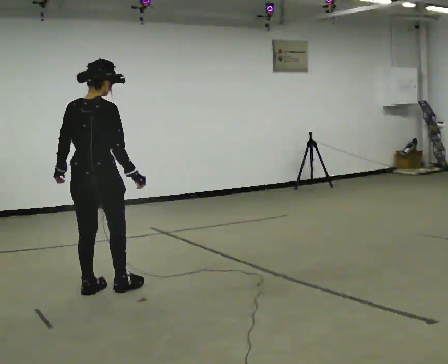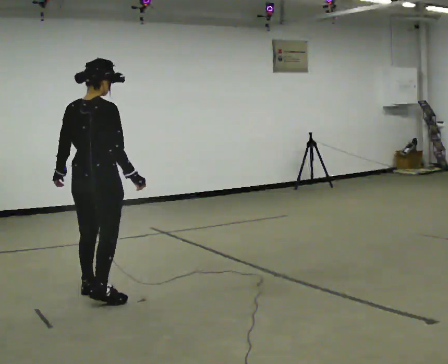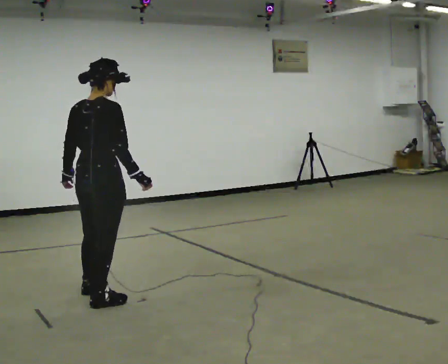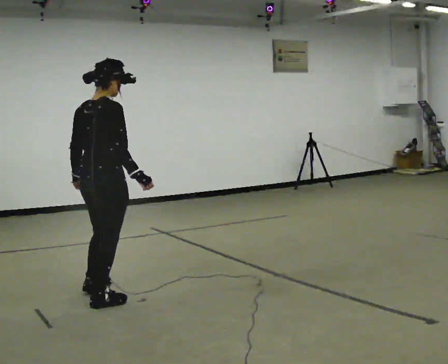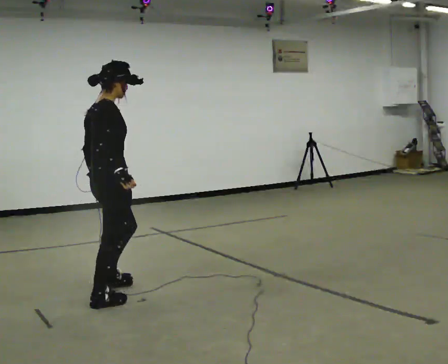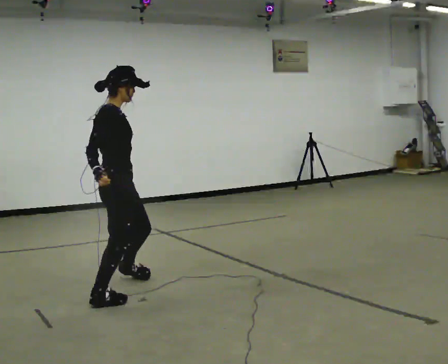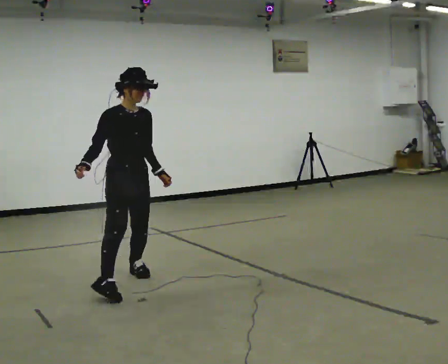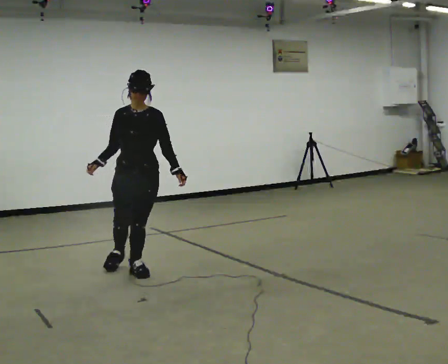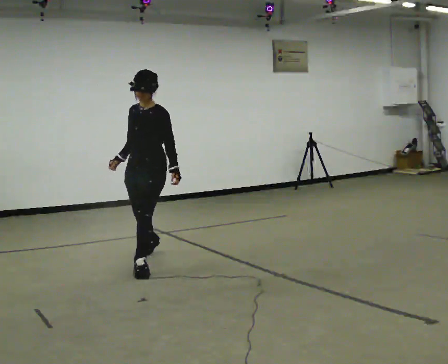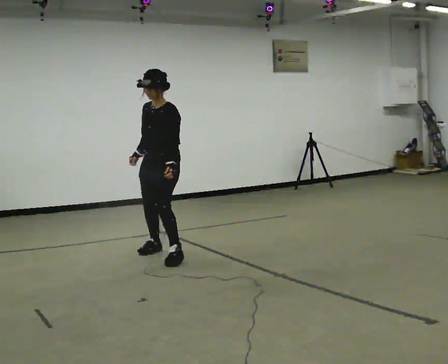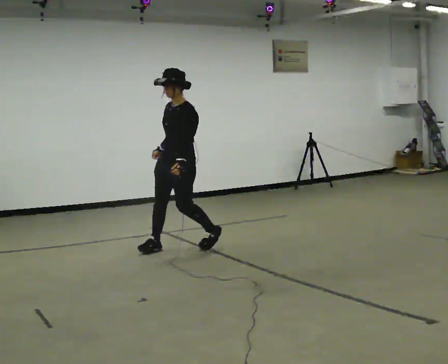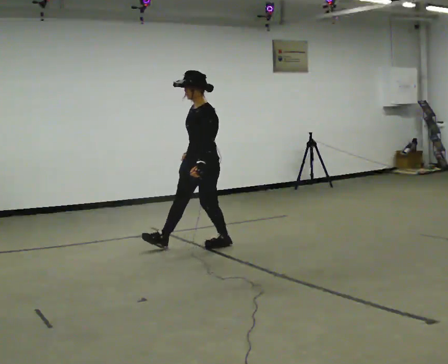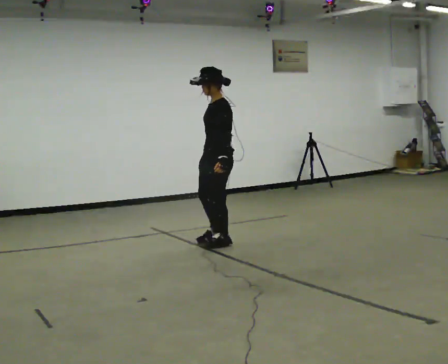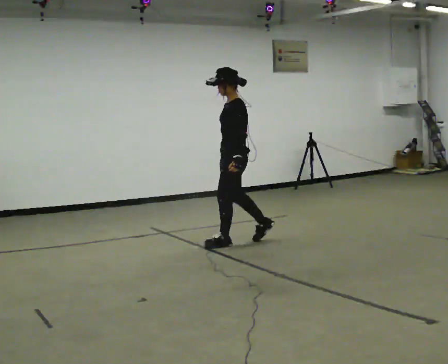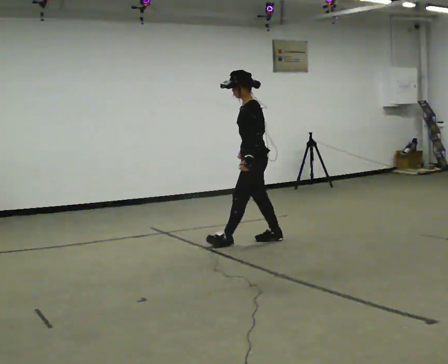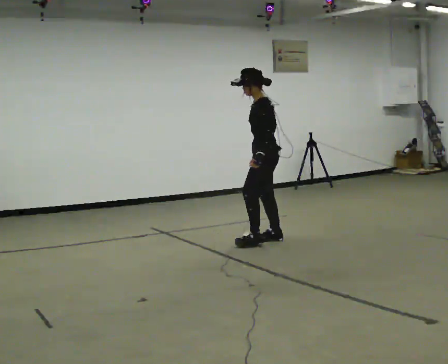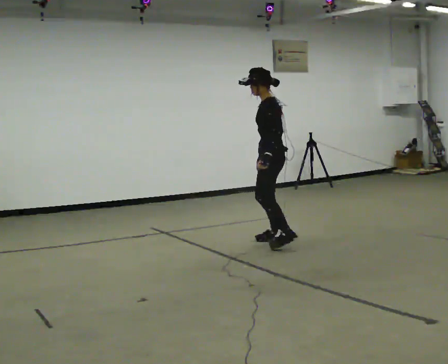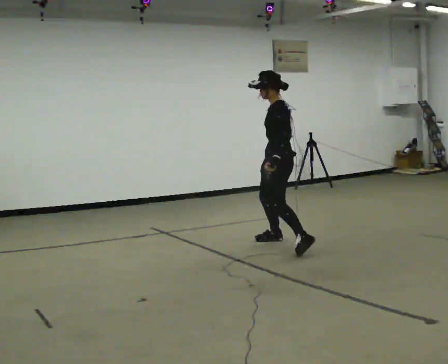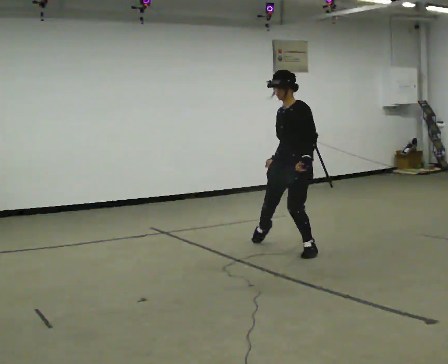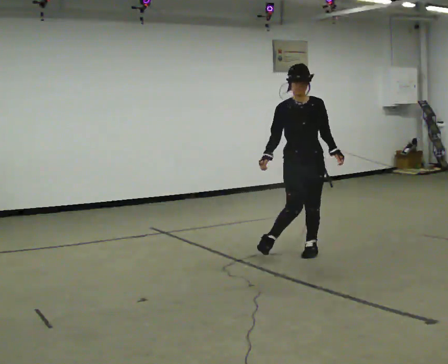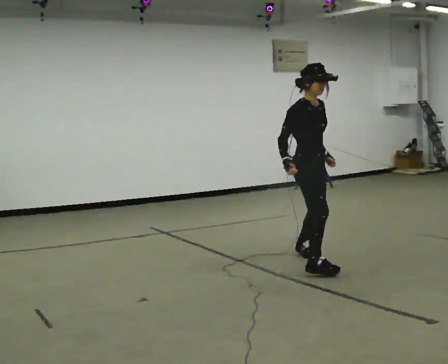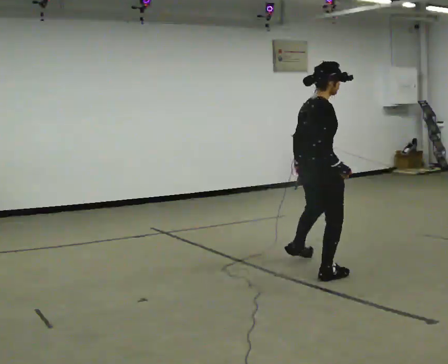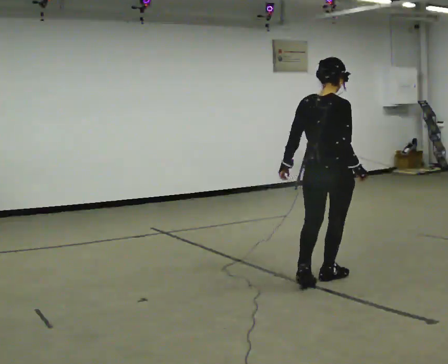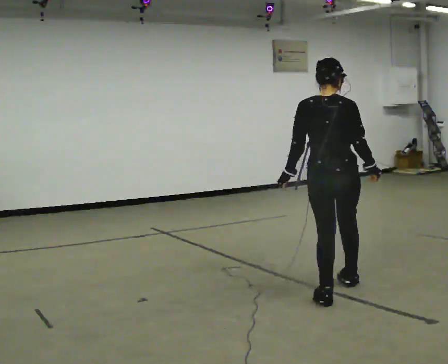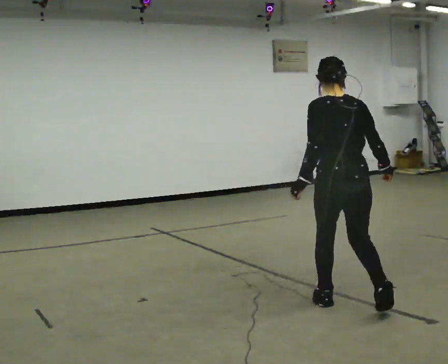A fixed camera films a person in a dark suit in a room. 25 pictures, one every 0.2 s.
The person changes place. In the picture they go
to the right.
0.0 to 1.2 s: Seen from above the body turns clockwise, about 135 degrees: to their right, with its near side sliding to the left. In the picture they go away from the camera and to the right, about 0.5 m in 2 steps.
1.2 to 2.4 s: The part of the body nearest the lens slides to the left as the person turns to their right by about 105 degrees. In the picture they go away from the camera and to the right, about 1.5 m in 2 steps.
2.4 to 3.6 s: The person turns about 45 degrees to their left, counterclockwise seen from above, so the part of the body nearest the lens slides to the right. In the picture they go to the right and toward the camera, about 0.5 m in 2 steps, which for them is backward and to their left.
3.6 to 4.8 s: The person turns about 225 degrees to their left, counterclockwise seen from above, so the part of the body nearest the lens slides to the right. In the picture they go toward the camera, about 1.5 m in 2 steps.
The film runs forward here.
